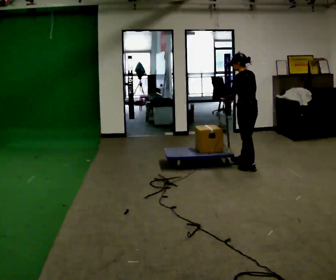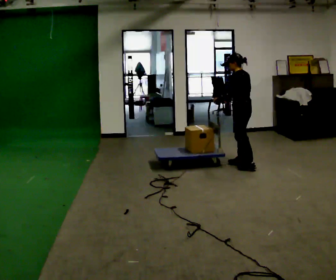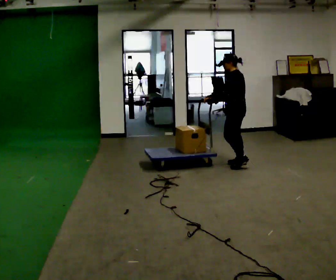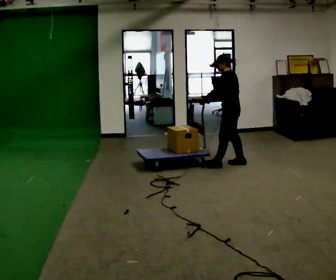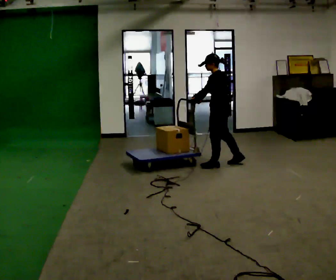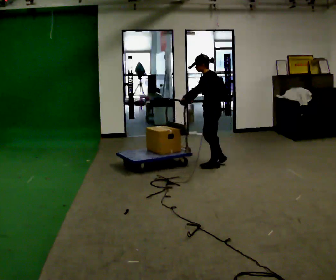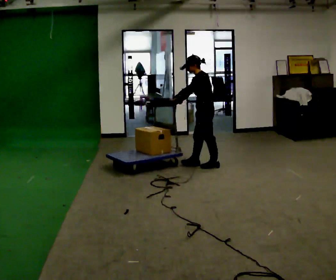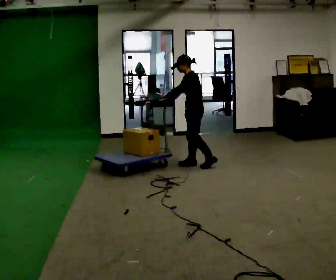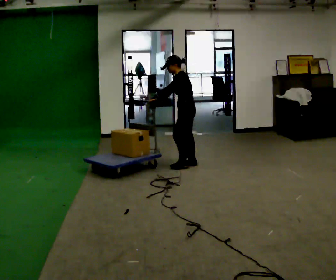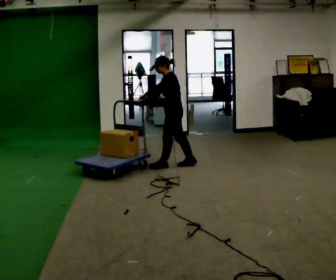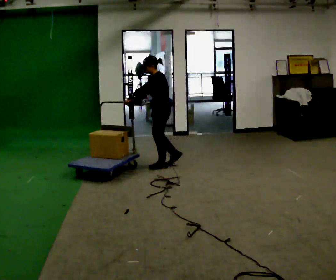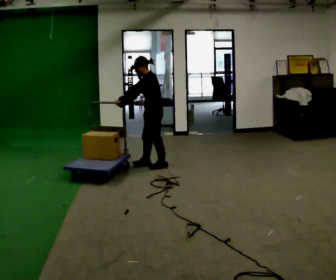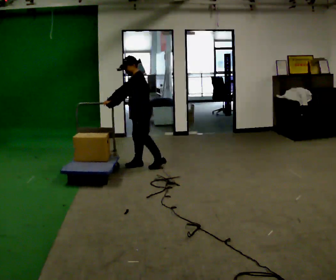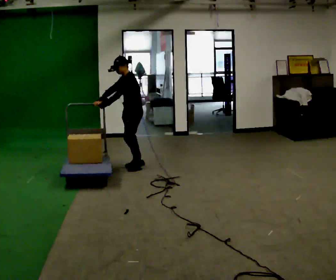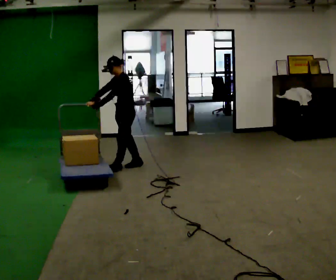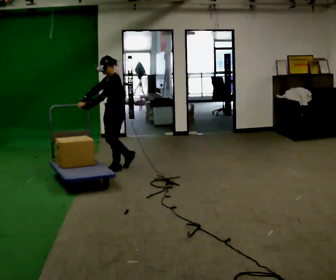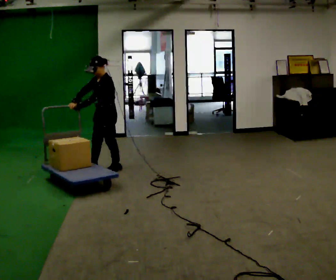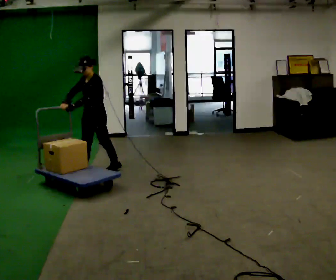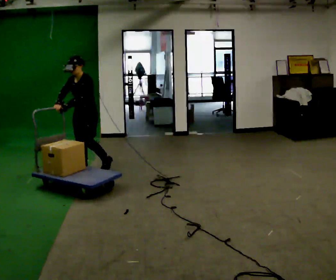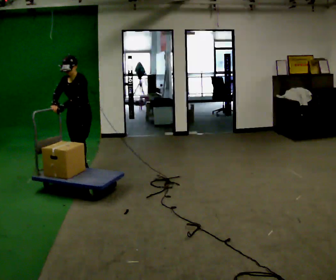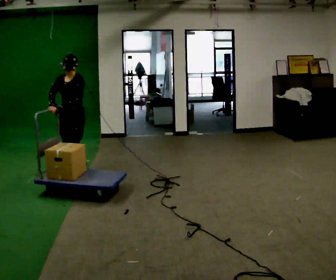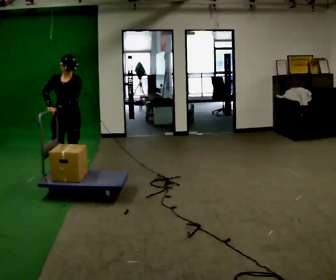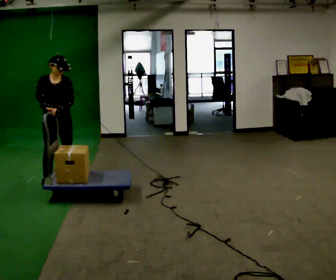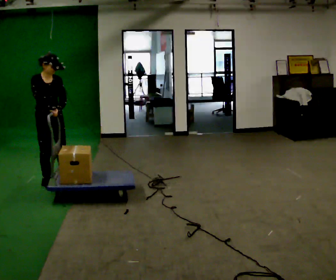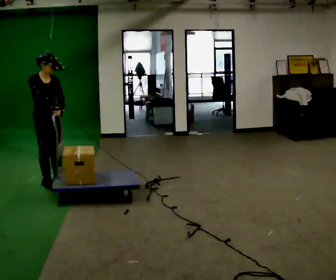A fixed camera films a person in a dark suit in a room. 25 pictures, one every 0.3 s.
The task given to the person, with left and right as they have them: Push the cart across the room and back. The operator will change how much is loaded on it between takes and will tell you each time.
0.0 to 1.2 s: In the picture they go to the left and away from the camera, about 0.5 m in 2 steps, which for them is forward.
1.2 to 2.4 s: In the picture they go to the left, about 0.5 m in 1 step, which for them is forward.
2.4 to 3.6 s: In the picture they go to the left, about 0.5 m in 2 steps, which for them is forward.
3.6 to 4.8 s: In the picture they go to the left and toward the camera, about 0.5 m in 1 step, which for them is forward.
4.8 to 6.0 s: The part of the body nearest the lens slides to the right as the person turns to their left by about 30 degrees. In the picture they go to the left and toward the camera, about 0.5 m in 2 steps, which for them is forward.
6.0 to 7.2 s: The person turns about 75 degrees to their left, counterclockwise seen from above, so the part of the body nearest the lens slides to the right. In the picture they go toward the camera and to the left, about 0.5 m in 2 steps.
The film runs forward here.
